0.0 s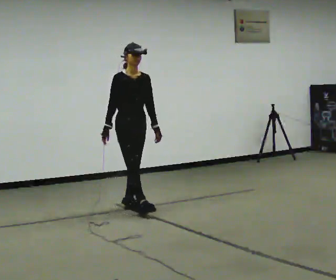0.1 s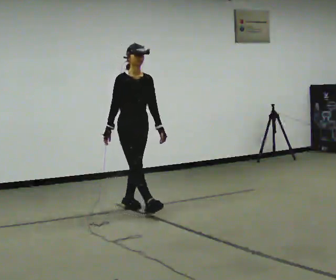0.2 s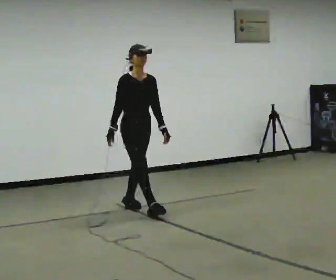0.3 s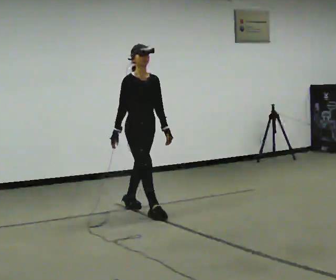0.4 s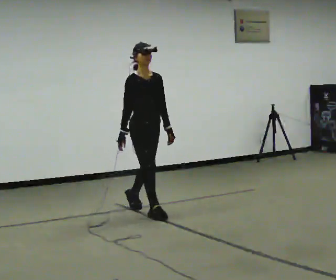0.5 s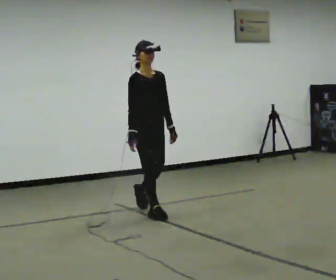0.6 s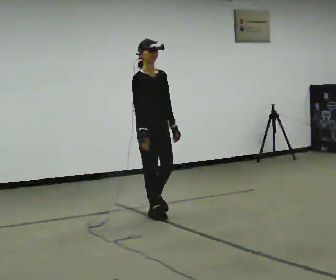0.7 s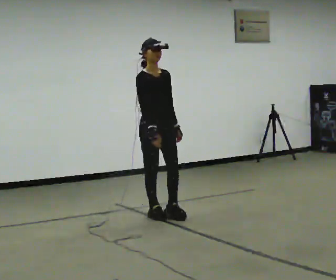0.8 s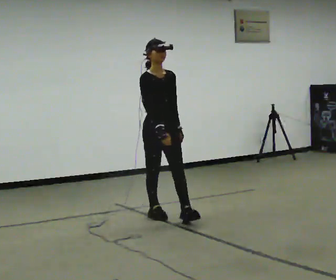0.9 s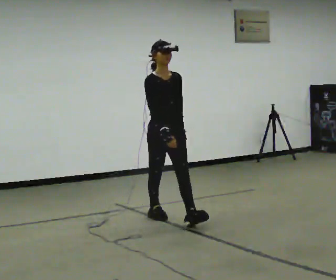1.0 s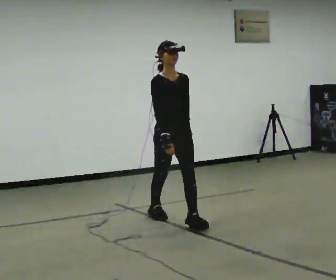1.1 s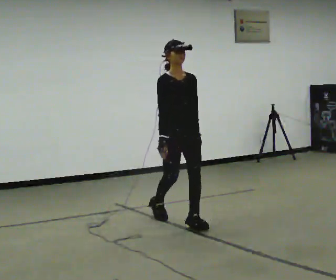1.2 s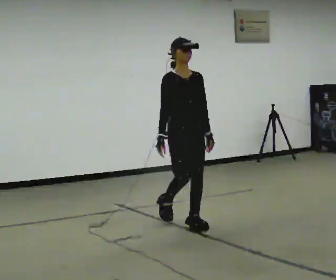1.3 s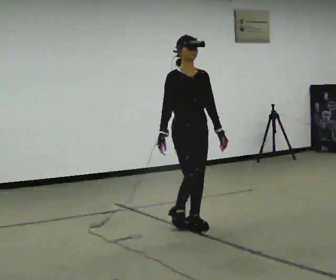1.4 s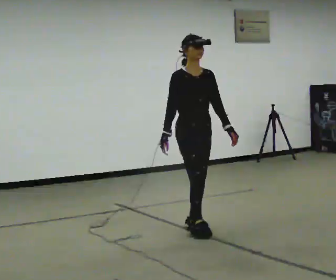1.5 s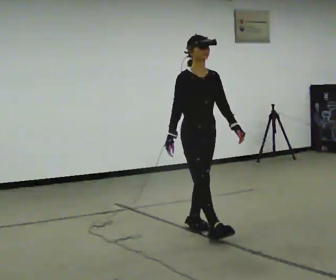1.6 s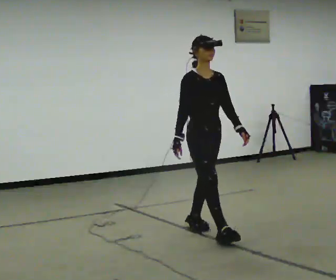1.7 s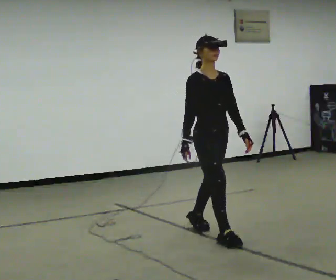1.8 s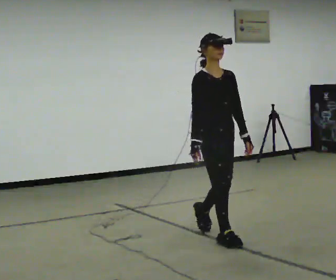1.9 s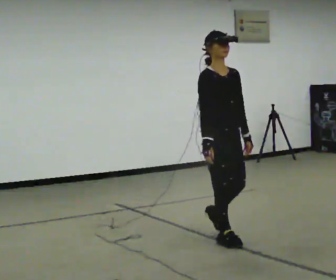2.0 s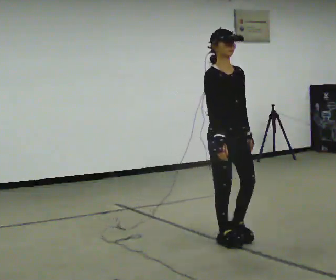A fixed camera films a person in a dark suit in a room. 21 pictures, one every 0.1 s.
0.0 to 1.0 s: In the picture they go toward the camera and to the right, about 1 m in 2 steps, which for them is forward.
1.0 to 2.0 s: In the picture they go toward the camera and to the right, about 1 m in 1 step, which for them is forward.
The film runs forward here.
